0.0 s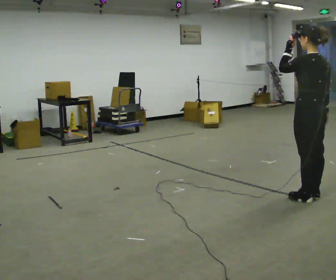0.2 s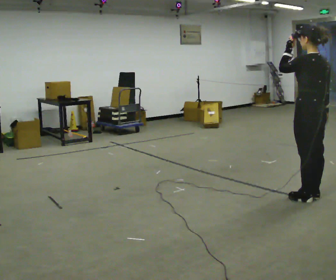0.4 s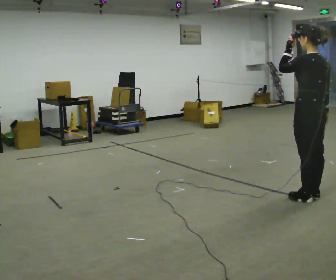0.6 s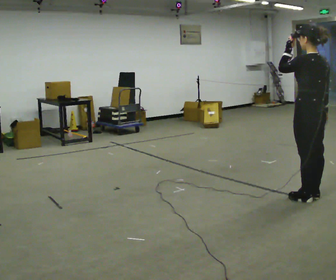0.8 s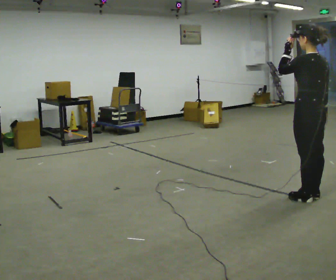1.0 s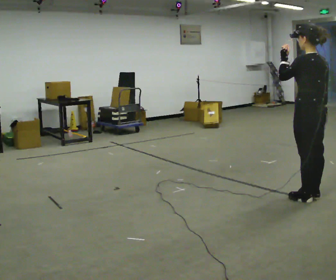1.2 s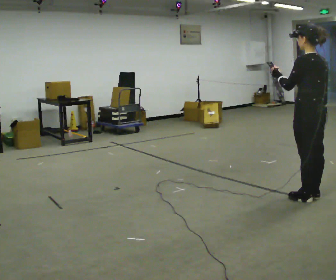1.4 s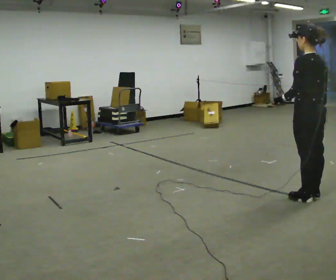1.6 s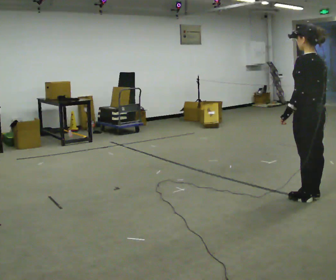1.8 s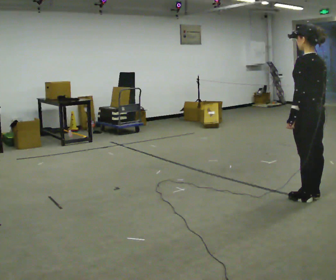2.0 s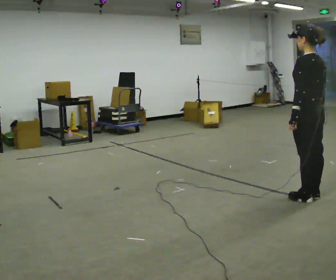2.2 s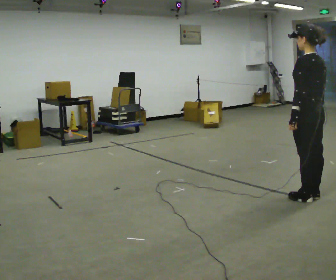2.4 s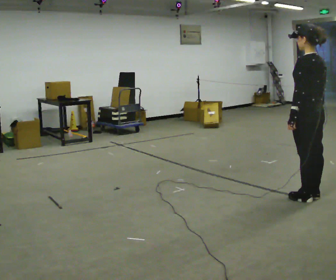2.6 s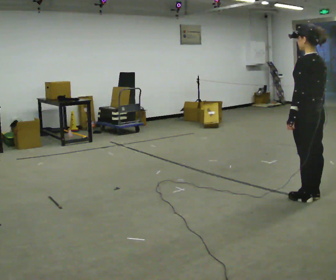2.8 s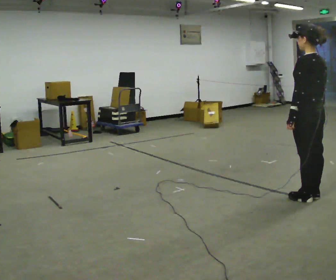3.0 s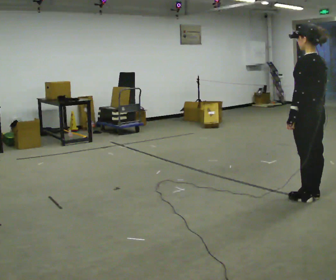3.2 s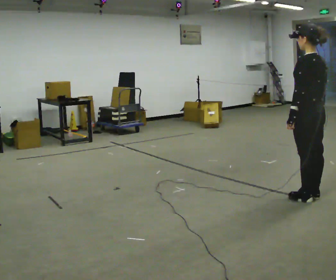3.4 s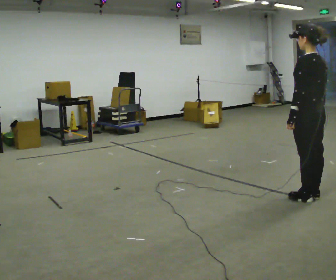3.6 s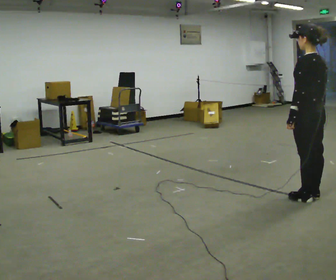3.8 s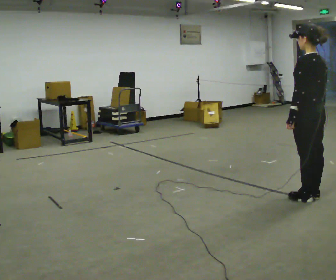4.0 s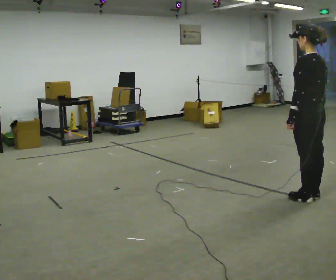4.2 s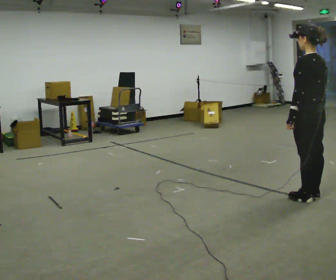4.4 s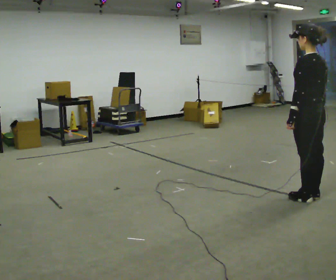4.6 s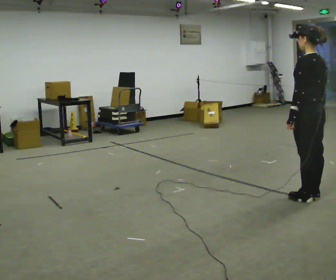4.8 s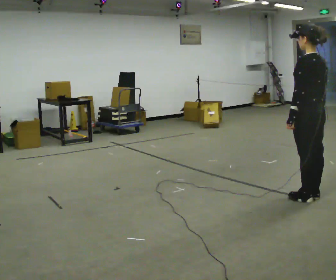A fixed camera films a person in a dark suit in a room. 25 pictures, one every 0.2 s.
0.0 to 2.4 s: In the picture their left hand goes downward.
2.4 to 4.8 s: The person keeps their place and pose.
The film runs forward here.
